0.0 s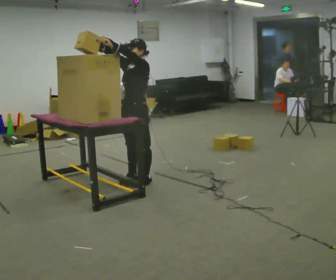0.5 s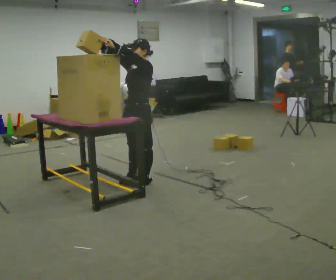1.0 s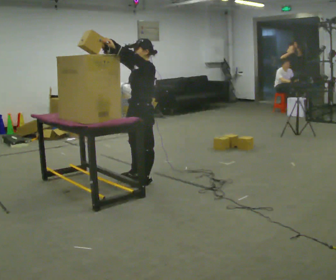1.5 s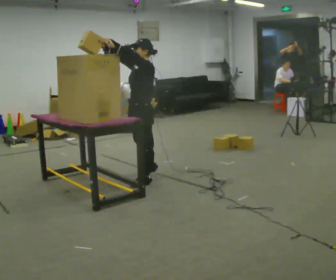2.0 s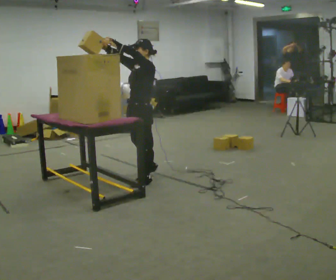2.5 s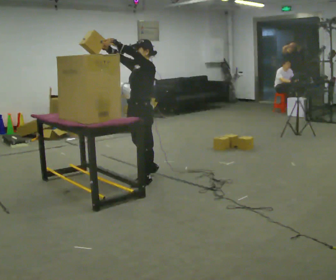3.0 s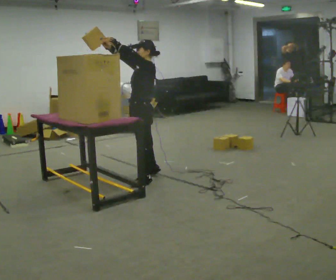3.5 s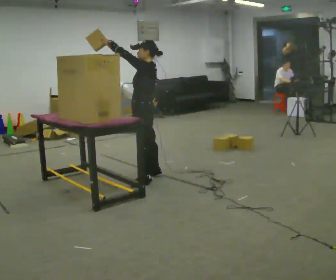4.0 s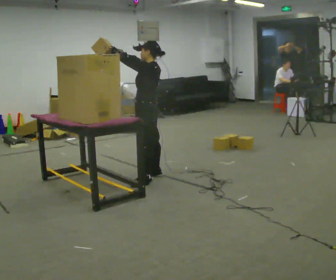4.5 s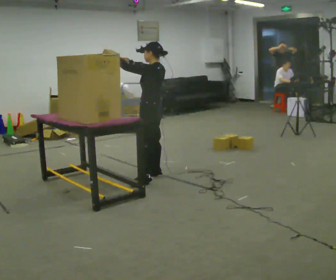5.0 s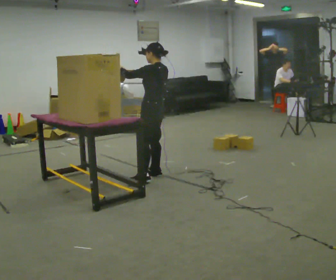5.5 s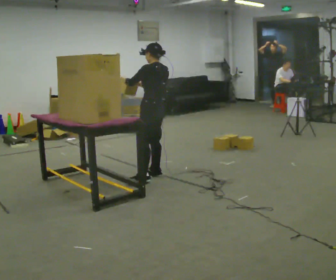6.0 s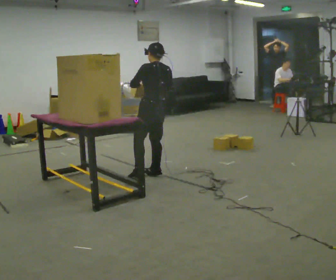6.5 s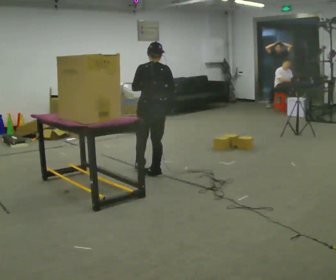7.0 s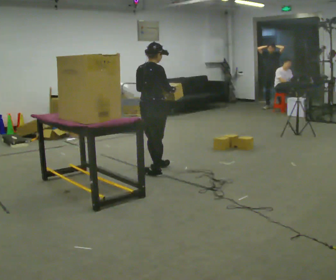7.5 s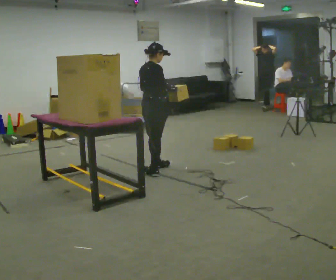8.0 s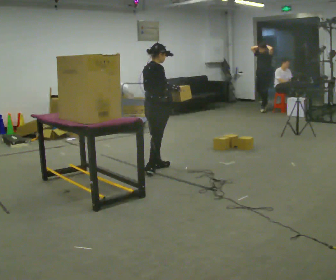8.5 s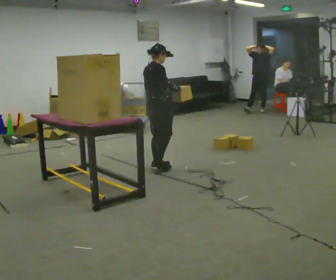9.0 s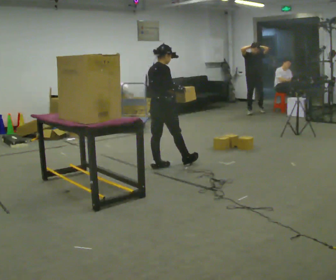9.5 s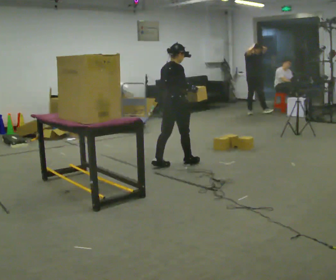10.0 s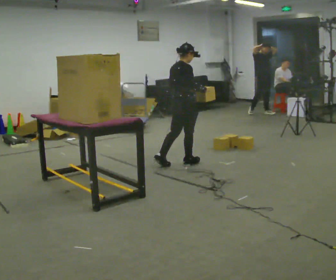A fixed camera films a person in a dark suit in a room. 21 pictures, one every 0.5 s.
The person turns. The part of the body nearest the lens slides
to the left.
Their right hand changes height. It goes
downward.
0.0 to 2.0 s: The person moves a little, or ends about where they began.
2.0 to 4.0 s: The part of the body nearest the lens slides to the left as the person turns to their right by about 45 degrees. In the picture they go away from the camera, about 0.25 m, which for them is to their right.
4.0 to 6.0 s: The person turns about 30 degrees to their right, clockwise seen from above, so the part of the body nearest the lens slides to the left. In the picture their right hand goes downward and to the right.
6.0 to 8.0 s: The part of the body nearest the lens slides to the left as the person turns to their right by about 105 degrees. In the picture they go away from the camera, about 0.25 m in 1 step.
8.0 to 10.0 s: In the picture they go to the right, about 0.25 m in 1 step, which for them is forward.
The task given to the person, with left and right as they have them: Take an object down from the highest shelf you can comfortably reach, carry it across the room, and set it on the floor. Keep going until the operator says stop; one object at a time, and do not rush between trips.
The film runs forward here.
